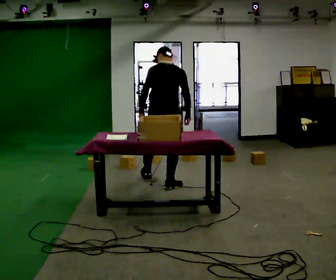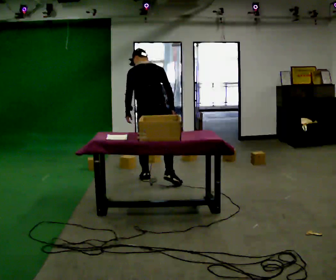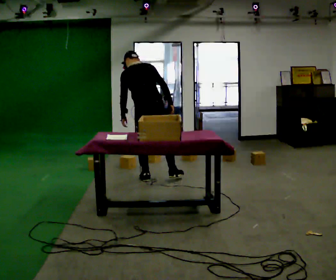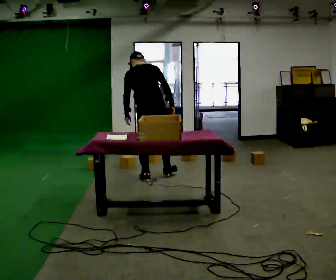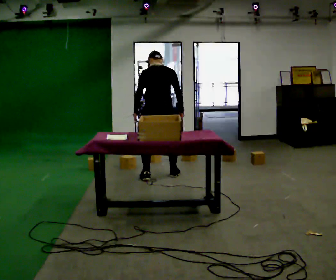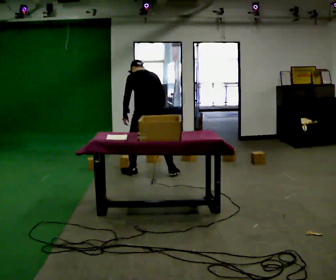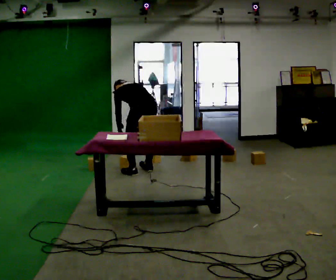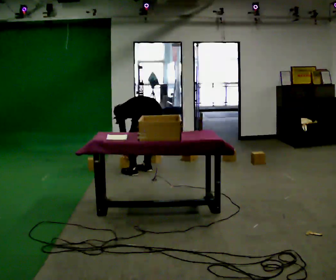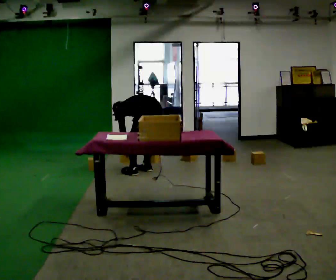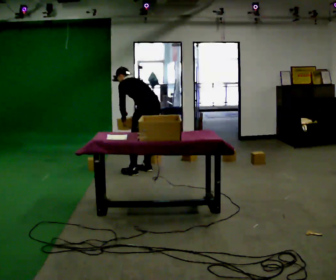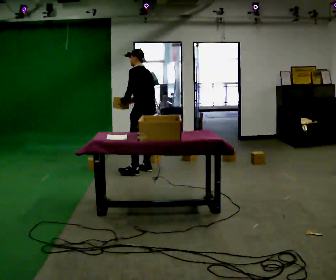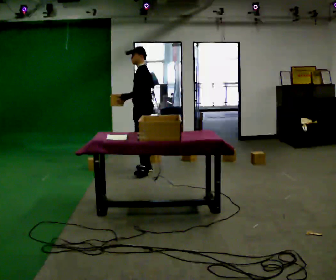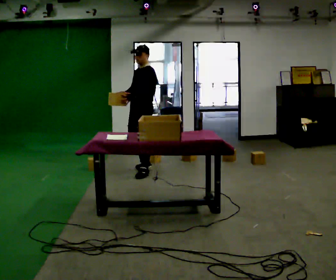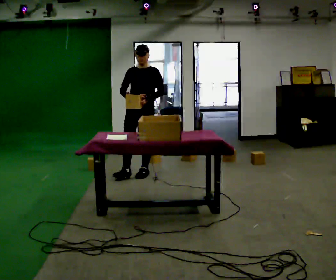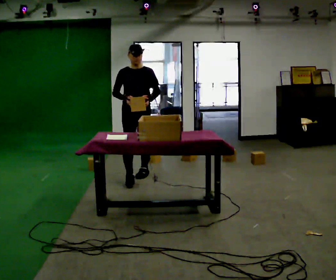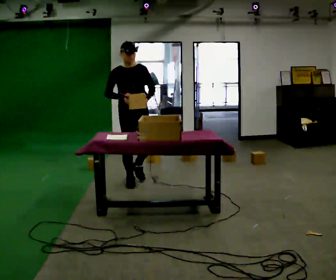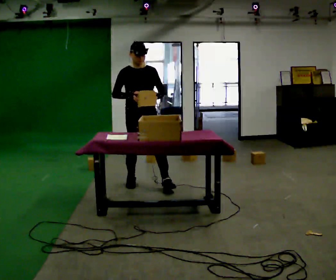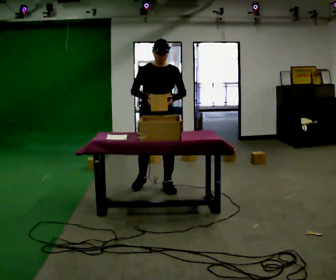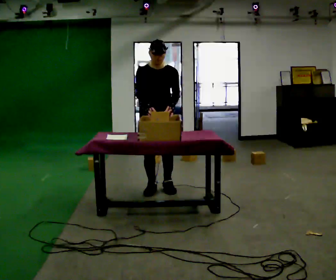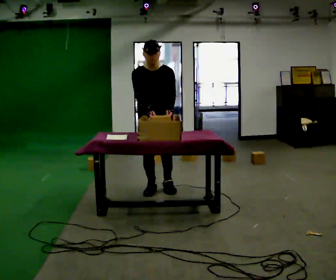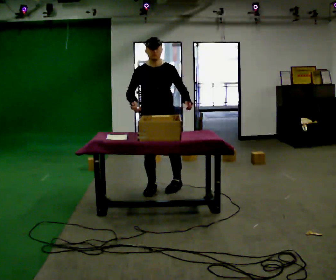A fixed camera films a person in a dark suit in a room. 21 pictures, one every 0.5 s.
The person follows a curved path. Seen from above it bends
counterclockwise.
The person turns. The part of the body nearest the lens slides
to the right.
0.0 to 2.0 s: In the picture they go away from the camera, about 0.5 m in 1 step, which for them is forward.
2.0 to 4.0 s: Seen from above the body turns counterclockwise, about 45 degrees: to their left, with its near side sliding to the right. In the picture they go away from the camera, about 0.25 m in 2 steps, which for them is forward. The upper body goes downward. In the picture the upper body tilts counterclockwise, shoulders to the left, as they bend forward. In the picture their right hand goes to the left and downward.
4.0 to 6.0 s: Seen from above the body turns counterclockwise, about 75 degrees: to their left, with its near side sliding to the right. The upper body goes upward. In the picture the upper body tilts clockwise, shoulders to the right, as they lean back or straighten. In the picture their right hand goes upward, the arm swinging clockwise.
6.0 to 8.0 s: The part of the body nearest the lens slides to the right as the person turns to their left by about 75 degrees. In the picture they go toward the camera, about 0.5 m in 2 steps.
8.0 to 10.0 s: In the picture they go to the right and toward the camera, about 0.25 m in 2 steps, which for them is forward and to their left.
The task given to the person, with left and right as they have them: 1. Read the list the operator gives you. 2. Collect the six items on the list from the shelves. 3. Put them all in the bin on the table. 4. Tell the operator when you are finished.
The film runs forward here.
